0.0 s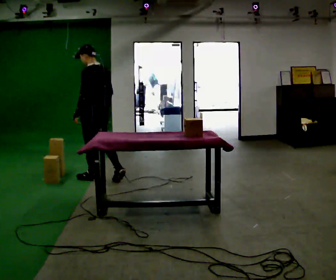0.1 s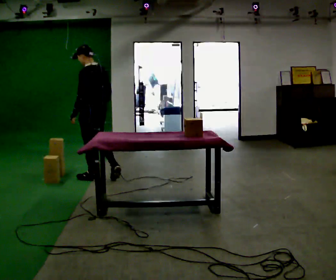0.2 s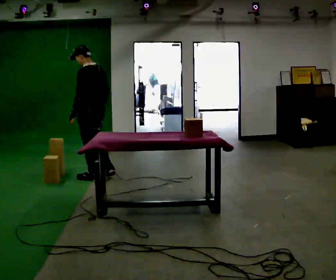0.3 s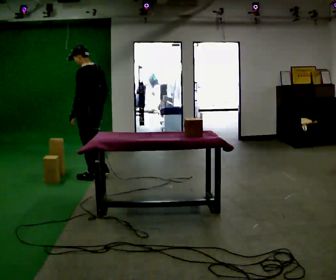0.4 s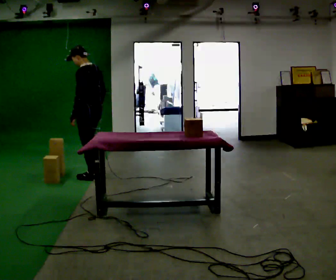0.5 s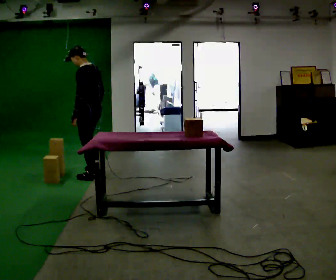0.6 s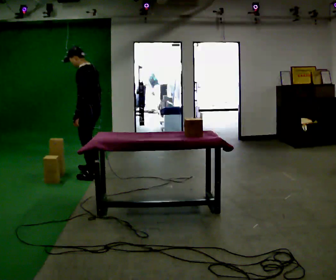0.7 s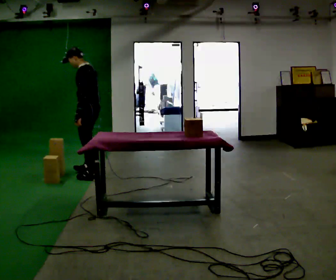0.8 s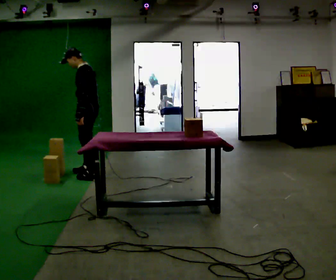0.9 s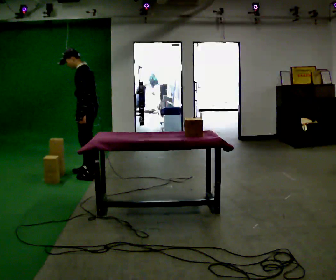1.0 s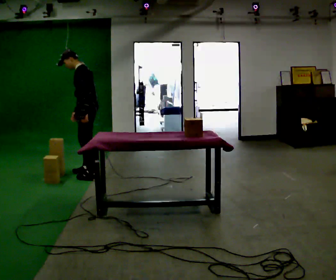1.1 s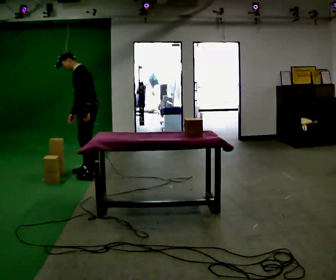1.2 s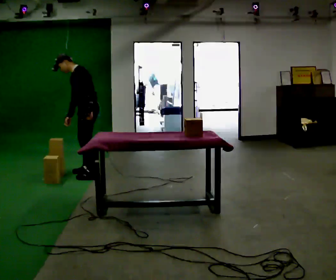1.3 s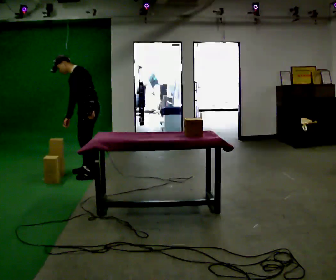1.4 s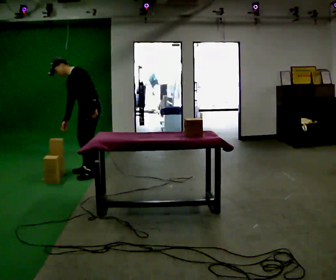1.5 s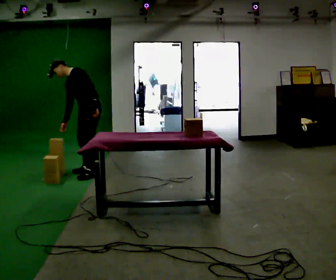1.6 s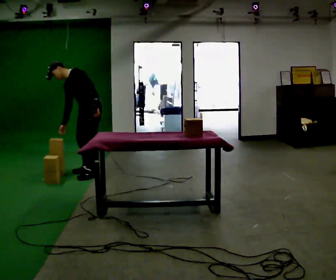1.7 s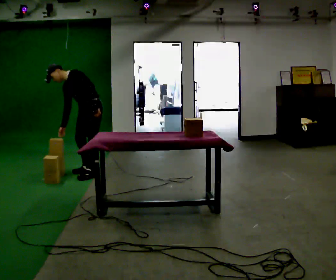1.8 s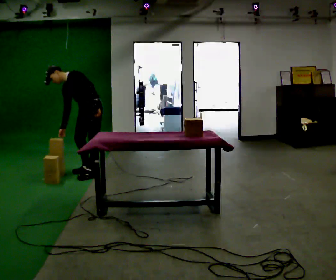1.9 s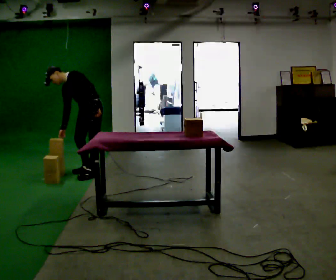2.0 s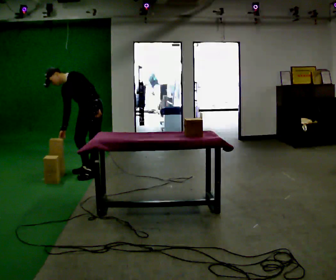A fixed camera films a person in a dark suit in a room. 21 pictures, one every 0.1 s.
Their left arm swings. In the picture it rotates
counterclockwise.
The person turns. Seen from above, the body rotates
counterclockwise.
0.0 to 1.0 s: The person turns about 45 degrees to their left, counterclockwise seen from above, so the part of the body nearest the lens slides to the right. In the picture they go away from the camera, about 0.25 m in 1 step, which for them is forward and to their right.
1.0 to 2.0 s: The part of the body nearest the lens slides to the right as the person turns to their left by about 45 degrees. In the picture the upper body tilts counterclockwise, shoulders to the left, as they bend forward.
The film runs forward here.
